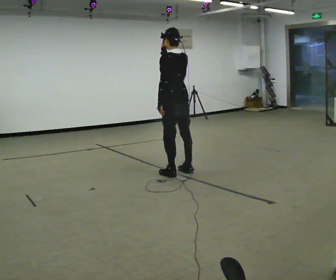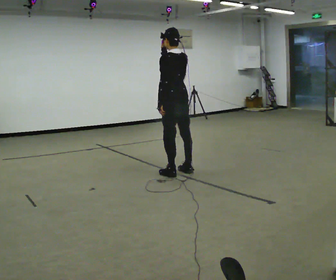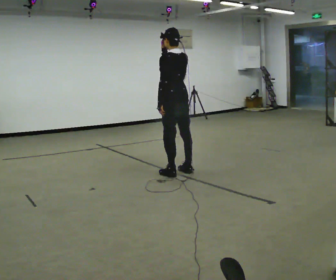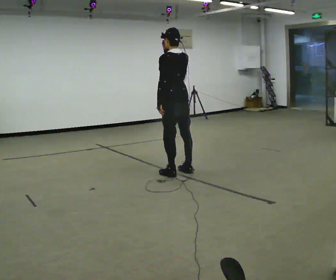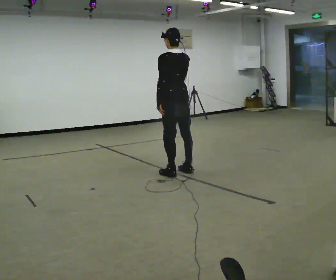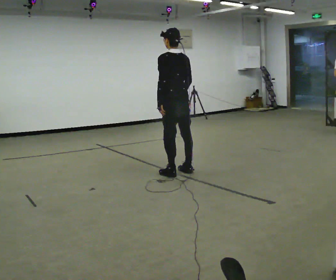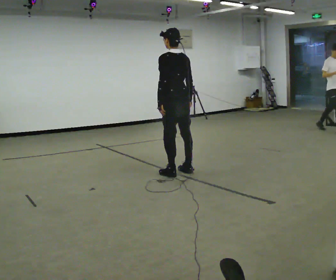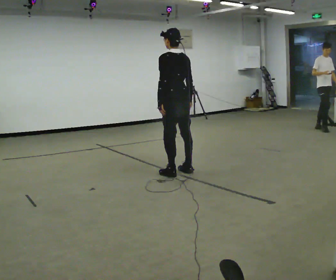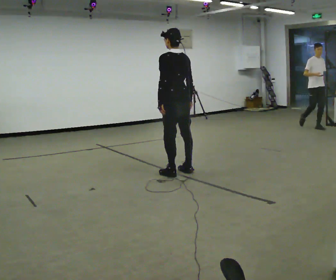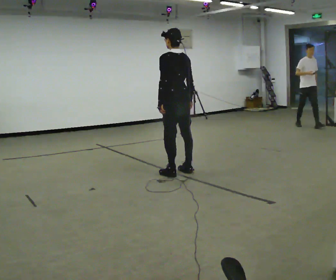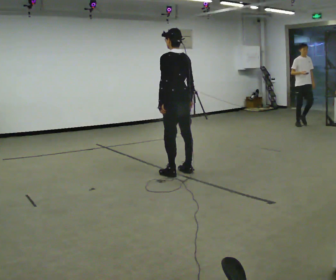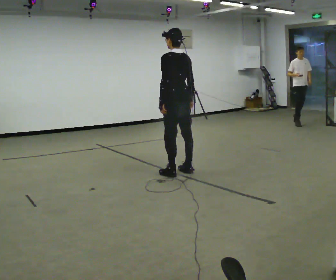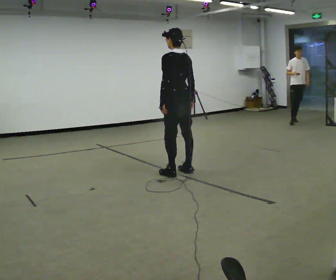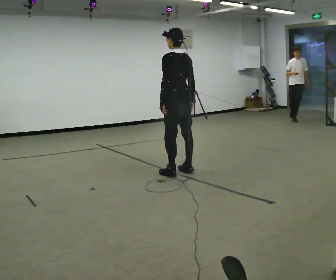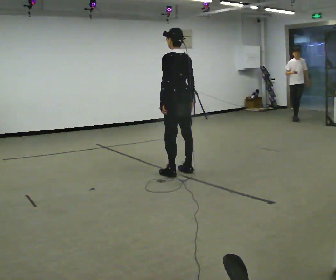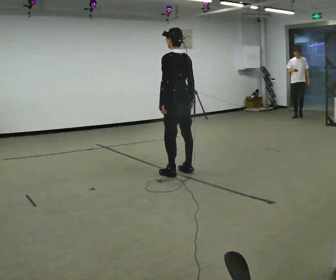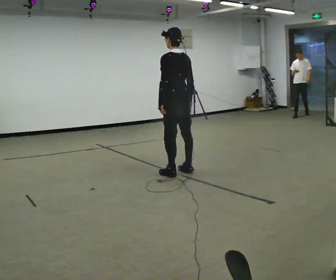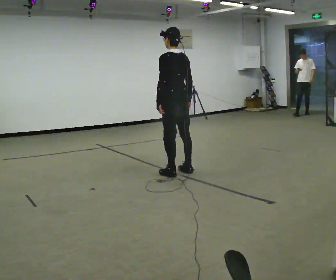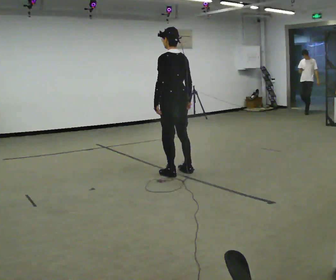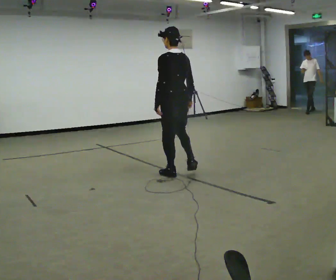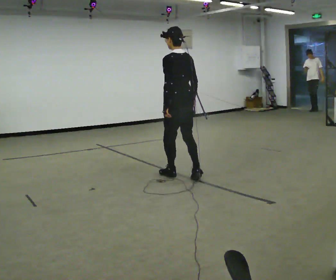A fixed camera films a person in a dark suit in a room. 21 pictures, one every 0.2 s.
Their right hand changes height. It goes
downward.
0.0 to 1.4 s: In the picture their right hand goes downward and to the right.
1.4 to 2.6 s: The person moves a little, or ends about where they began.
2.6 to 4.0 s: In the picture they go toward the camera, about 0.25 m in 1 step, which for them is backward and to their left.
The film runs backward here.
